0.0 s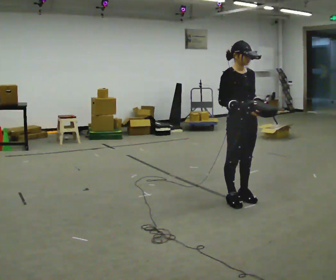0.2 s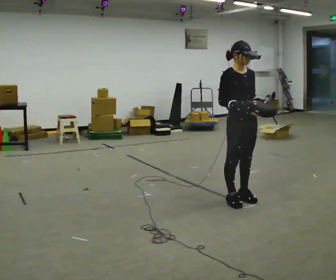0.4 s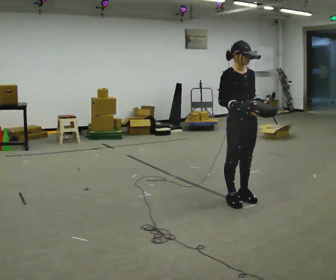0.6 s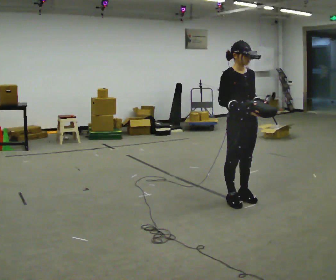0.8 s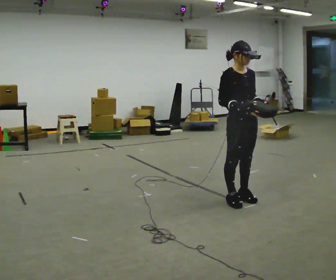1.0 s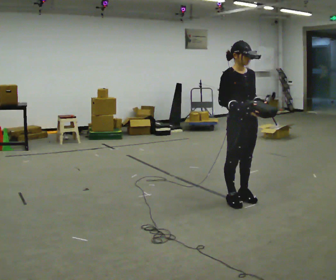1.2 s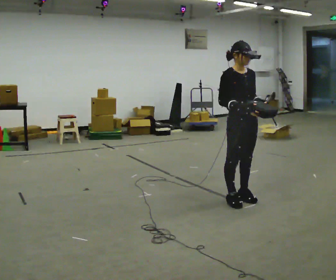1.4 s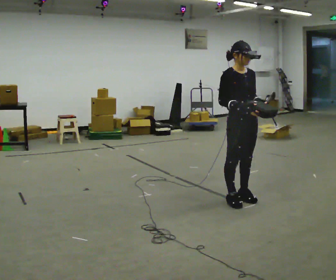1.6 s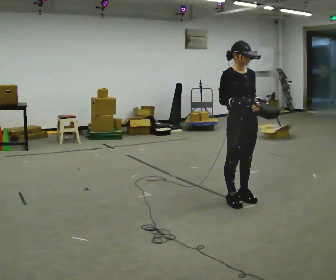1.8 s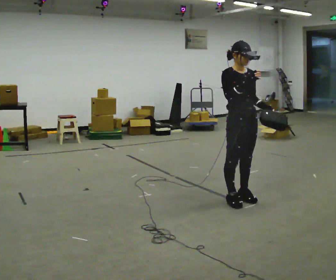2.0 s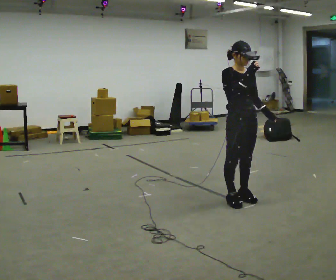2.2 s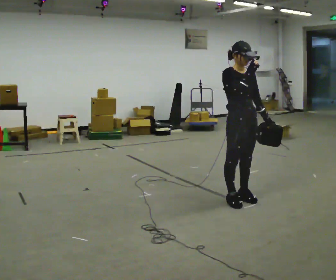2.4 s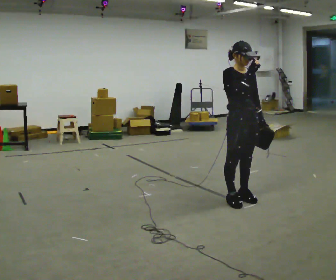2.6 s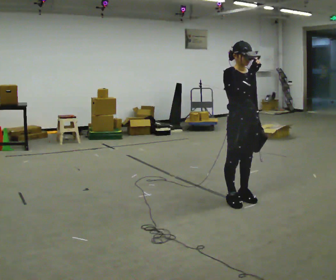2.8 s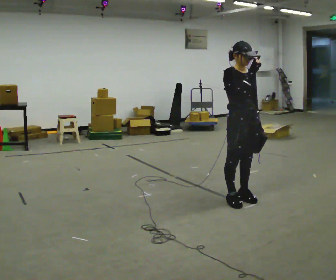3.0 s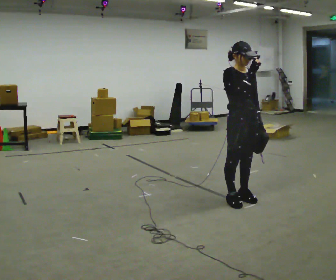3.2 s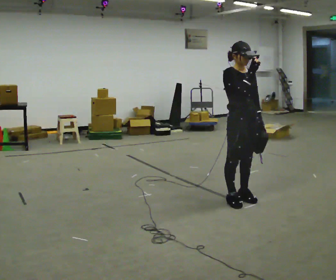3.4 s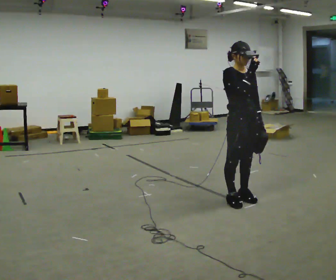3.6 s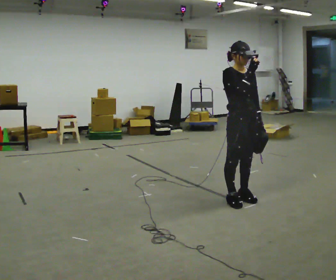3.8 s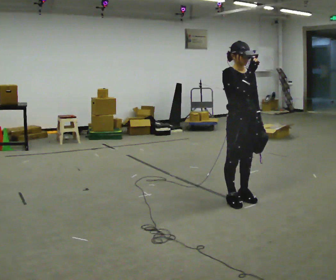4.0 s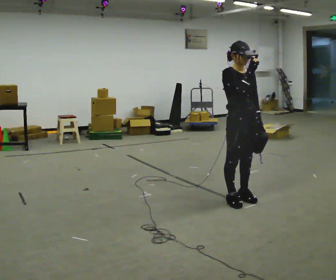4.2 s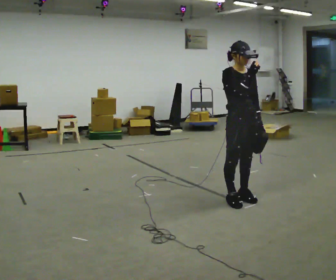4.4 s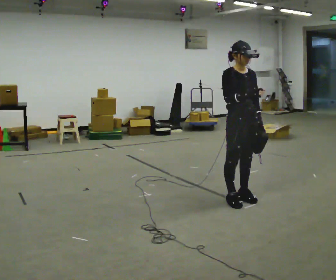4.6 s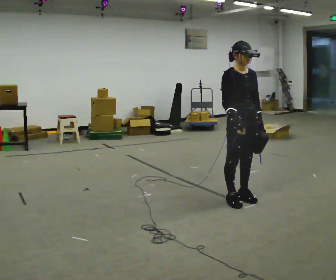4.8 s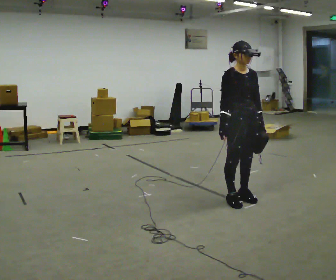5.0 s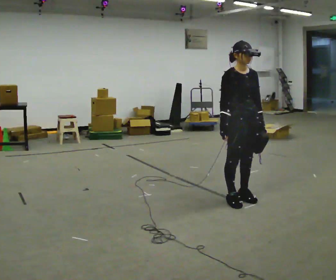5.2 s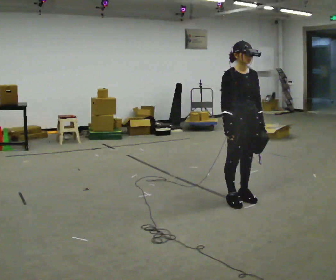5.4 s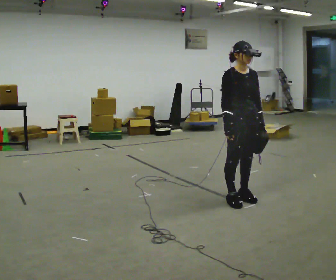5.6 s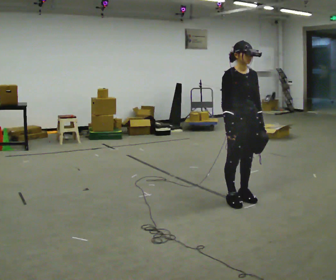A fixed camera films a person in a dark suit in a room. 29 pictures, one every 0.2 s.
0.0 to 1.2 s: The person keeps their place and pose.
1.2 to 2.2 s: In the picture their right hand goes upward.
2.2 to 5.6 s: In the picture their right hand goes downward.
The film runs forward here.
